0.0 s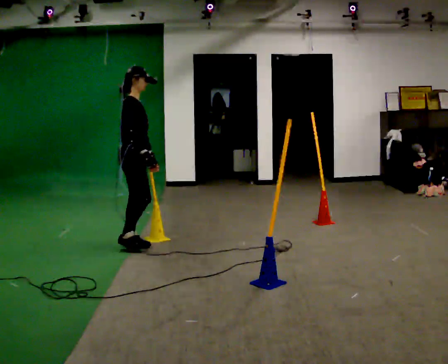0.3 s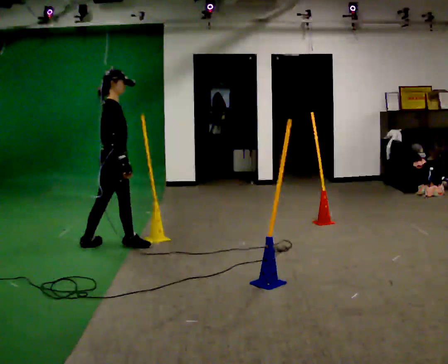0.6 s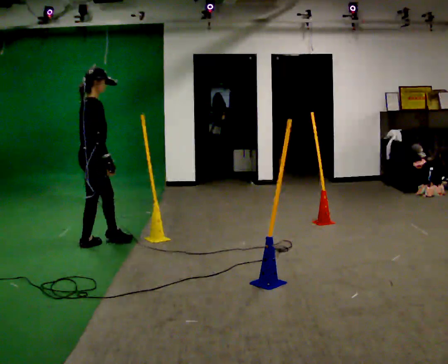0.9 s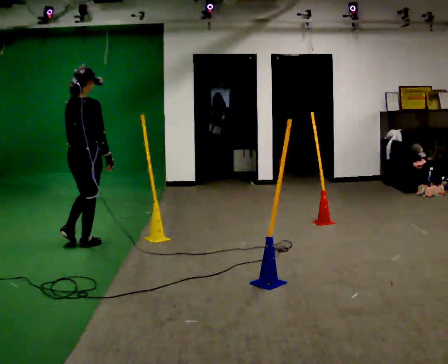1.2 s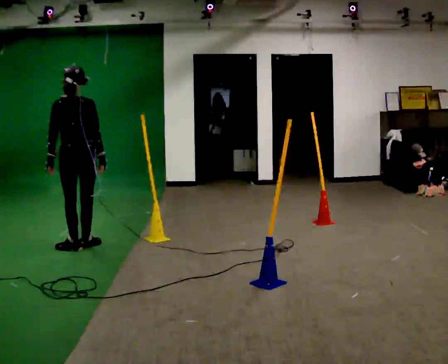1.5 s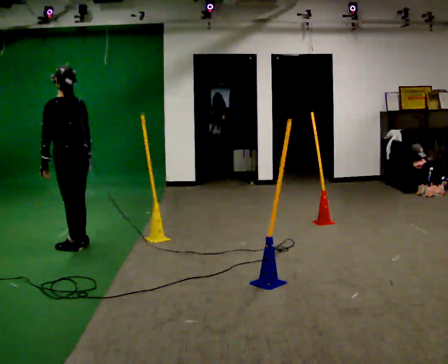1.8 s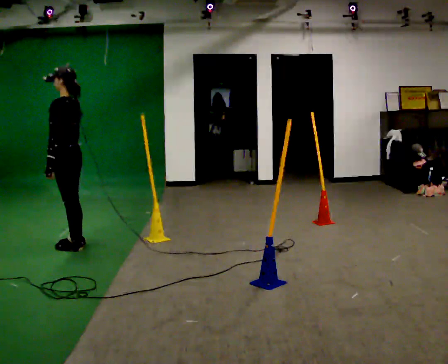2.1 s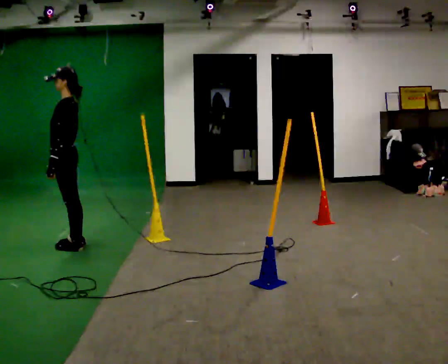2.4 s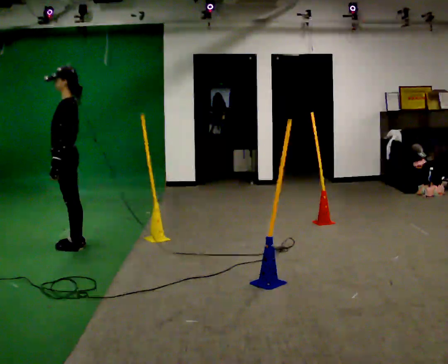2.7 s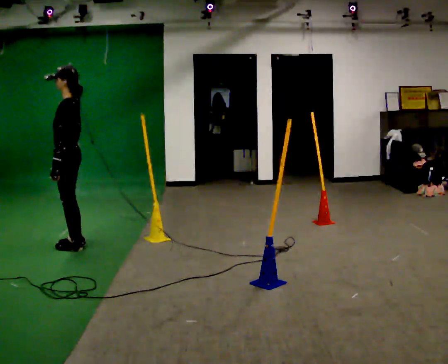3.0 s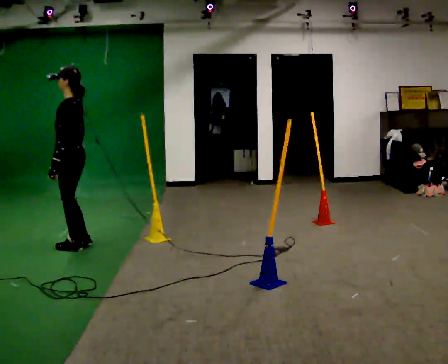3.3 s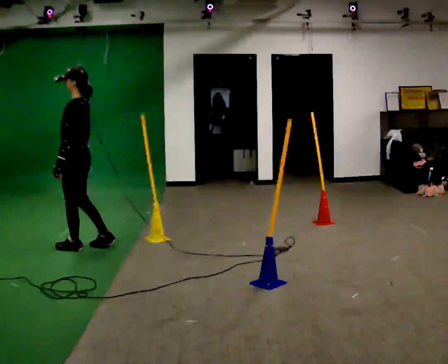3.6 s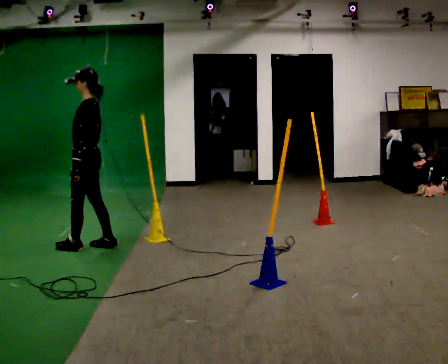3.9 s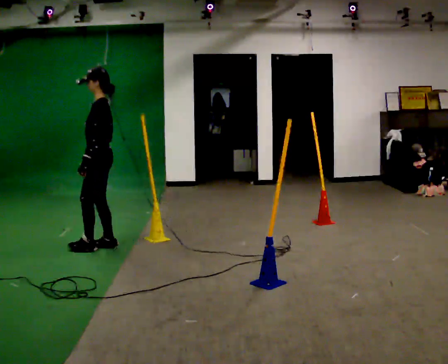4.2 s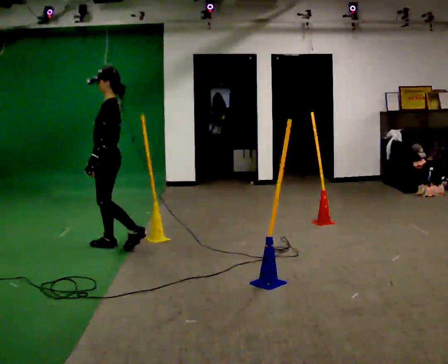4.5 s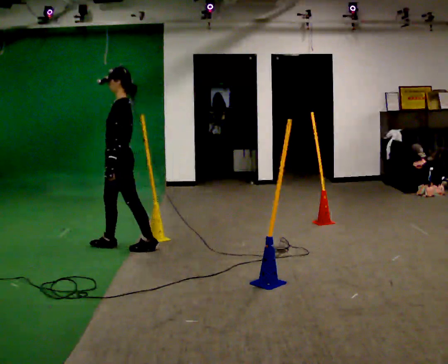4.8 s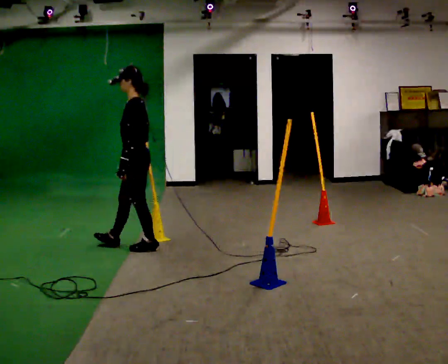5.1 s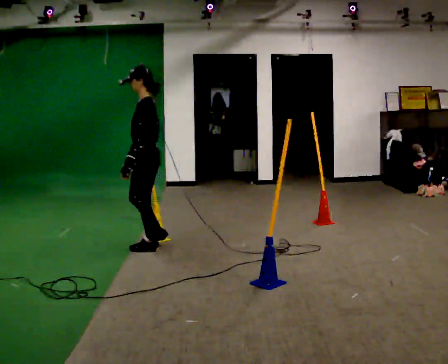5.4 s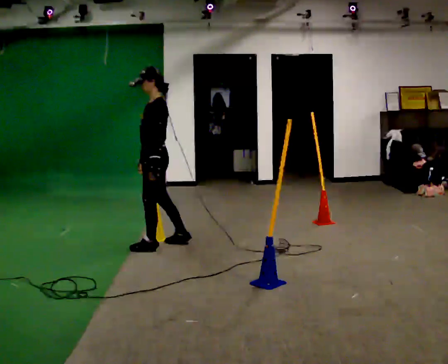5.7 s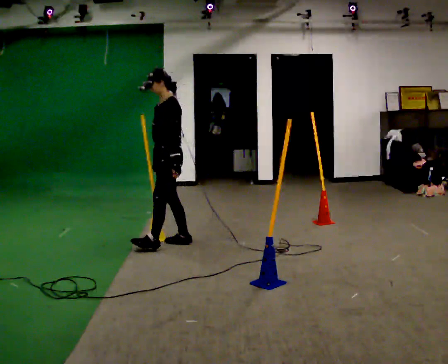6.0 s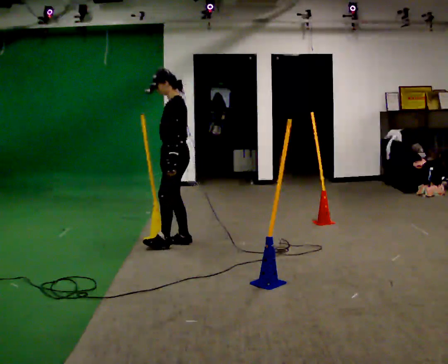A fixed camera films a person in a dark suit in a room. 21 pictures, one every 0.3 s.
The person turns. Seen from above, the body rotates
counterclockwise.
The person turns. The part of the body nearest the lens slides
to the right.
0.0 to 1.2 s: The person turns about 105 degrees to their left, counterclockwise seen from above, so the part of the body nearest the lens slides to the right. In the picture they go to the left, about 0.5 m in 1 step.
1.2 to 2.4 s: The part of the body nearest the lens slides to the right as the person turns to their left by about 90 degrees. In the picture their right hand goes to the left.
2.4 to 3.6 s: In the picture they go to the right, about 0.25 m in 1 step, which for them is backward.
3.6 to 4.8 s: In the picture they go to the right, about 0.5 m in 2 steps, which for them is backward.
4.8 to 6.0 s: In the picture they go to the right, about 0.5 m in 1 step, which for them is backward.
The film runs backward here.
